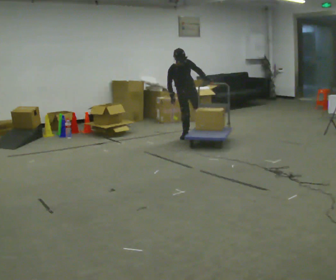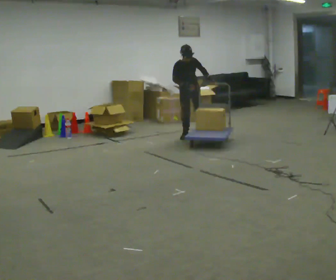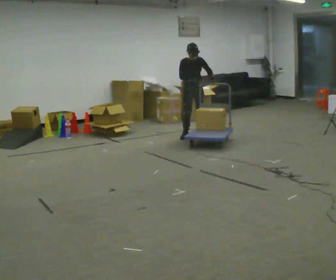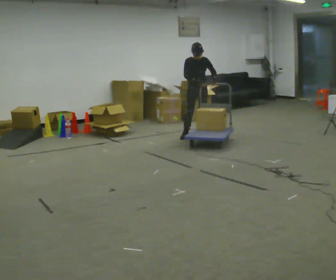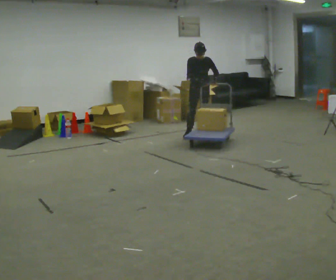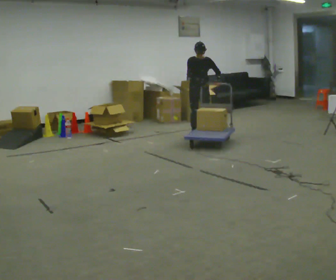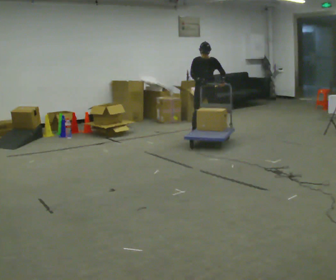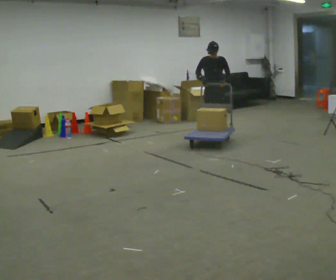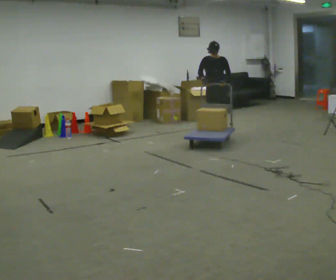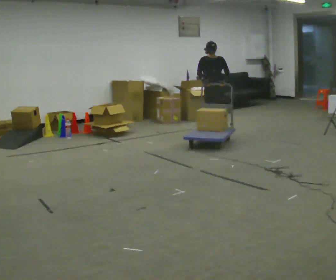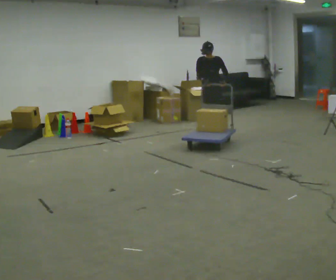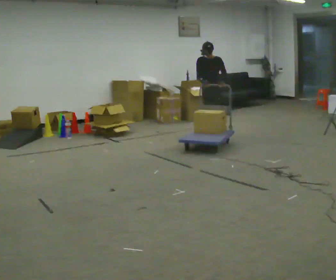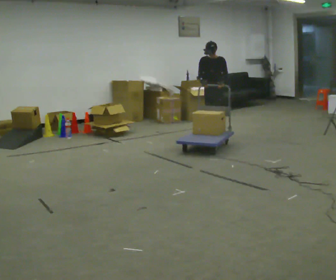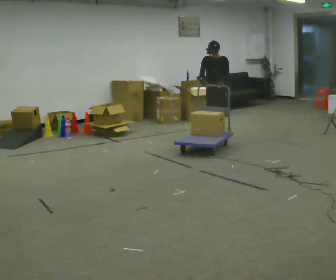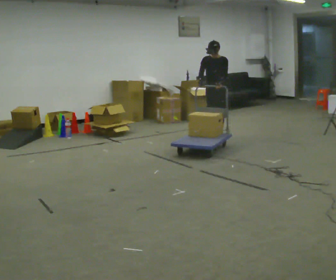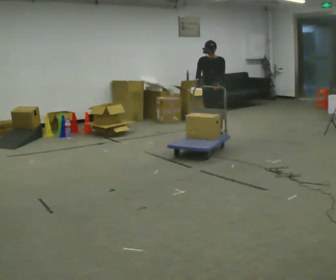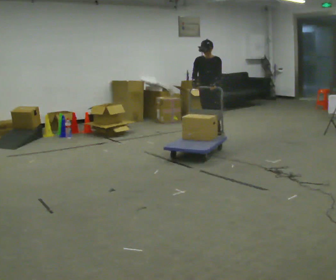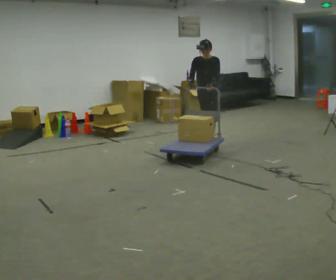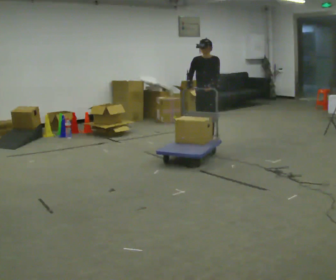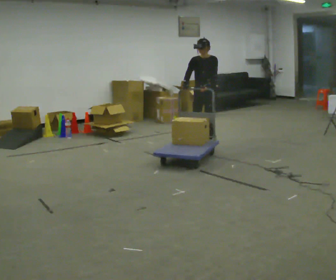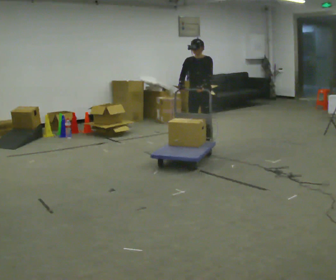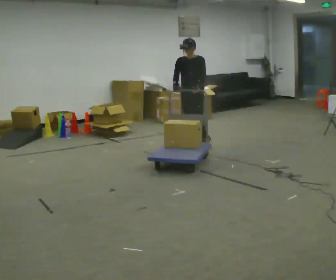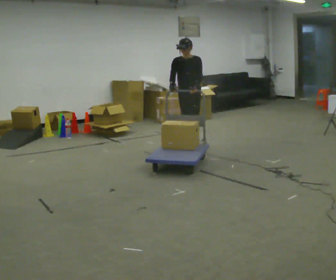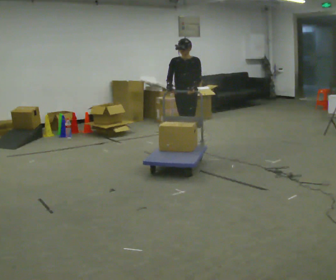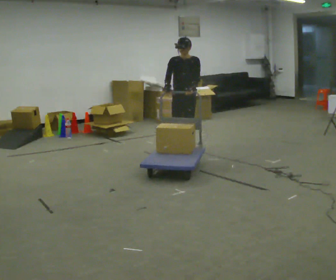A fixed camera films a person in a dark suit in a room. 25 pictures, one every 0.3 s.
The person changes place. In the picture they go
toward the camera.
The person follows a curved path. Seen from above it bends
clockwise.
0.0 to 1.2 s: In the picture they go to the right, about 0.25 m, which for them is to their left. The upper body tips away from the camera, its near side rolling upward.
1.2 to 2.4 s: In the picture they go to the right, about 0.25 m in 3 steps, which for them is to their left.
2.4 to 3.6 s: In the picture they go toward the camera, about 0.25 m in 1 step, which for them is forward.
3.6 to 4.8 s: In the picture they go toward the camera, about 0.25 m in 1 step, which for them is forward.
4.8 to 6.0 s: In the picture they go toward the camera, about 0.5 m in 2 steps, which for them is forward.
6.0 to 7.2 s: In the picture they go toward the camera and to the left, about 0.5 m in 1 step, which for them is forward.
The film runs forward here.
